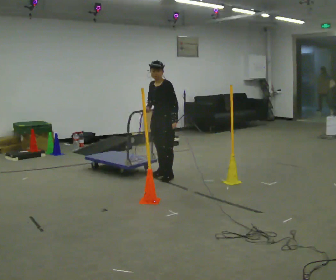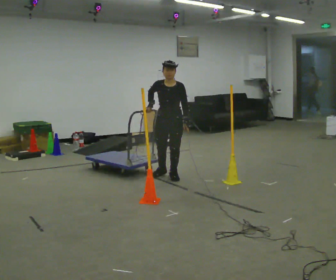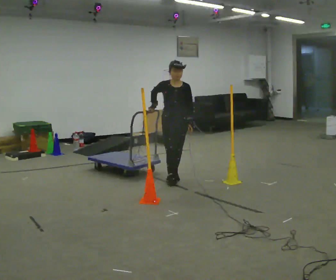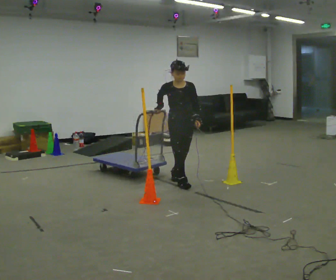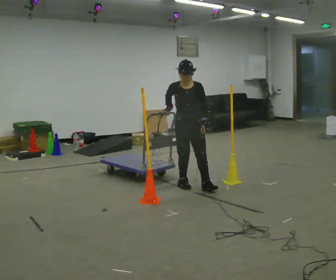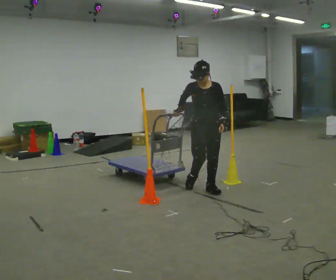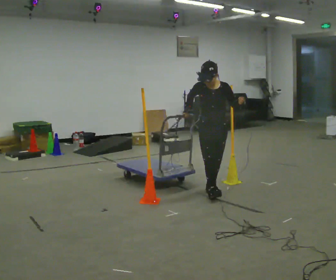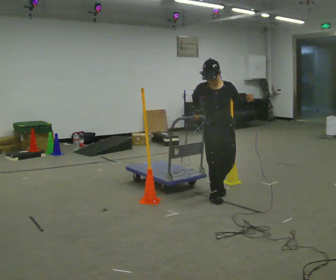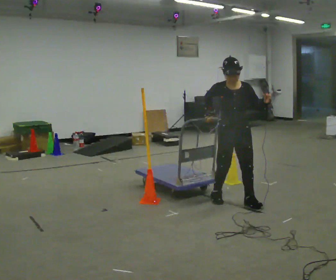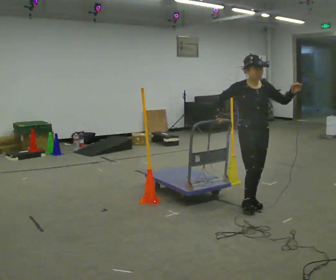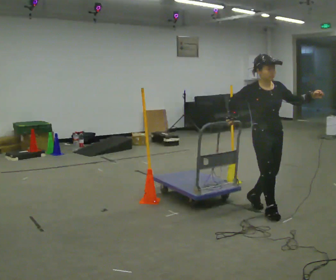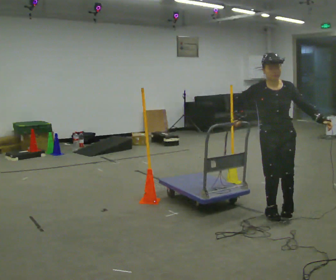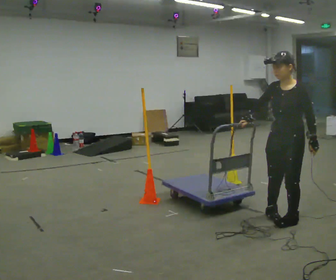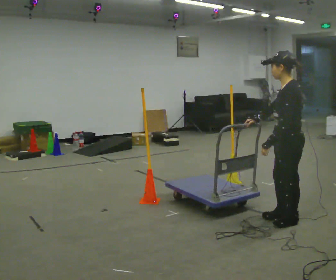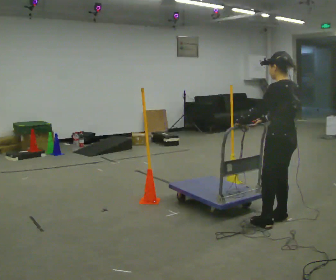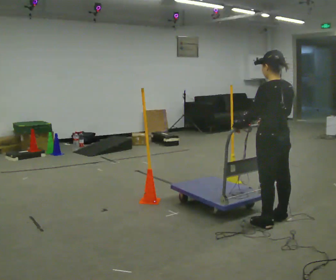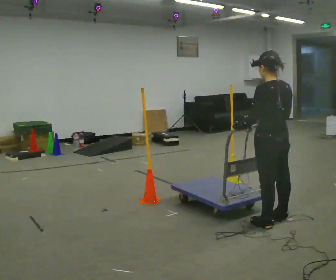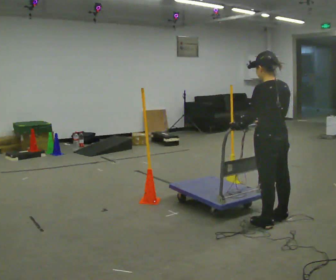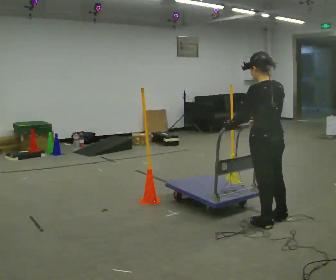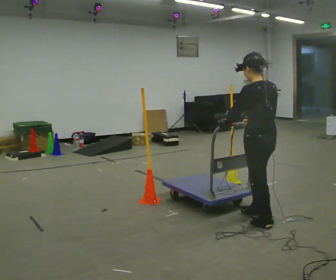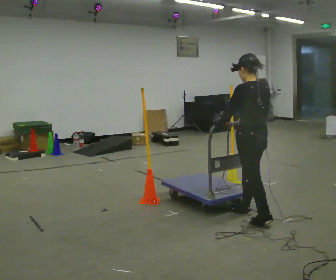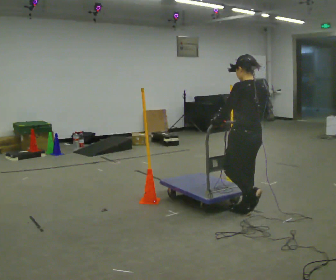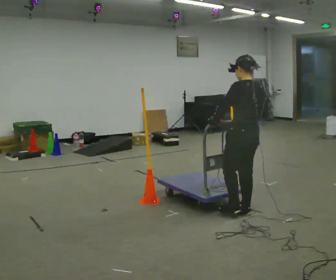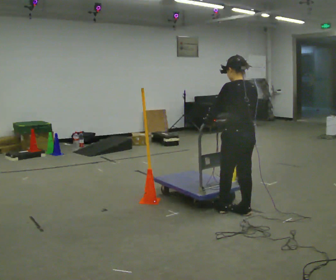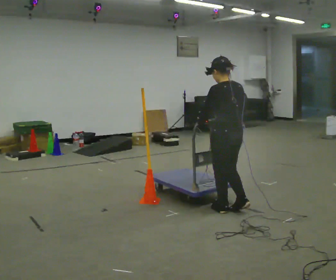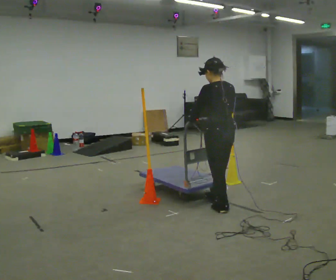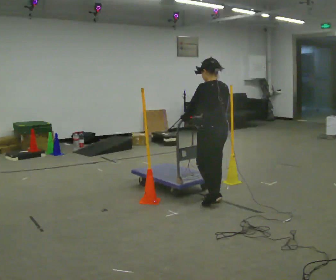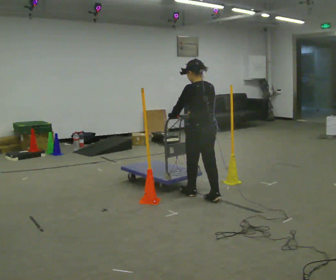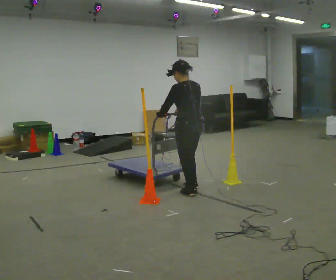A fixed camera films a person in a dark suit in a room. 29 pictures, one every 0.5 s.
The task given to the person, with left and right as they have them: Push the cart through the gap between the poles without touching them, then bring it back through.
0.0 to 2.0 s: The part of the body nearest the lens slides to the right as the person turns to their left by about 45 degrees. In the picture they go to the right and toward the camera, about 0.5 m in 2 steps, which for them is forward.
2.0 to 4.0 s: In the picture they go to the right and toward the camera, about 1 m in 3 steps, which for them is forward and to their left. In the picture their left hand goes upward, the arm swinging counterclockwise.
4.0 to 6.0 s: The part of the body nearest the lens slides to the left as the person turns to their right by about 45 degrees. In the picture they go to the right and toward the camera, about 0.5 m in 2 steps. In the picture their left hand goes downward.
6.0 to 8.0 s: Seen from above the body turns clockwise, about 105 degrees: to their right, with its near side sliding to the left. In the picture their left hand goes to the left, the arm swinging clockwise.
8.0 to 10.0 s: In the picture they go to the left, about 0.25 m in 1 step, which for them is forward.
10.0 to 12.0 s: In the picture they go to the left, about 0.25 m in 2 steps, which for them is forward.
12.0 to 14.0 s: In the picture they go to the left and away from the camera, about 0.5 m in 2 steps, which for them is forward.
The film runs forward here.
